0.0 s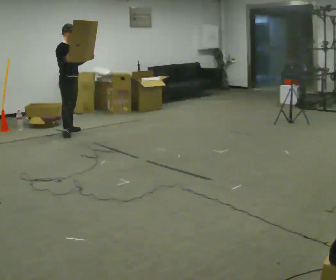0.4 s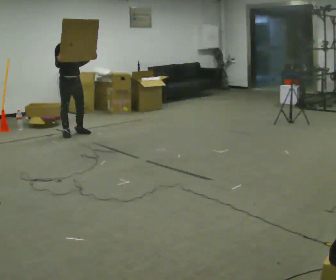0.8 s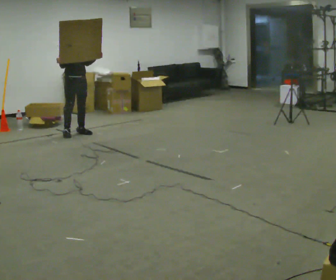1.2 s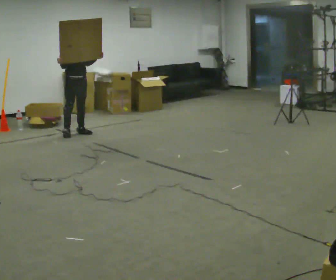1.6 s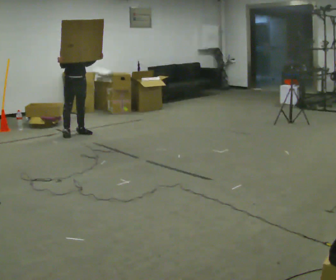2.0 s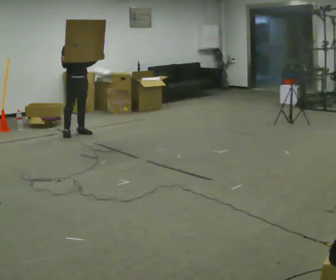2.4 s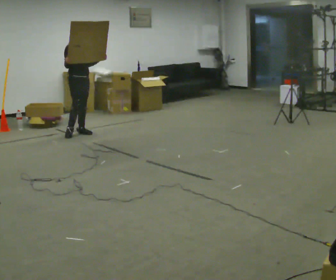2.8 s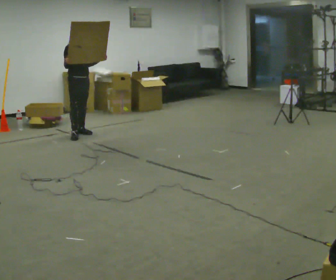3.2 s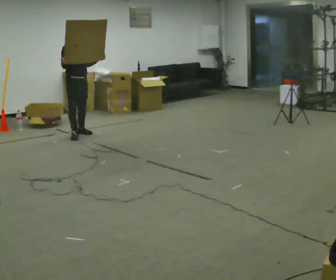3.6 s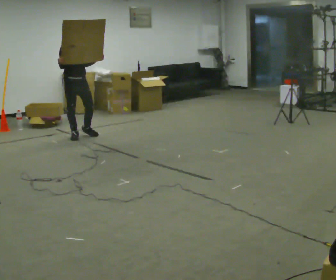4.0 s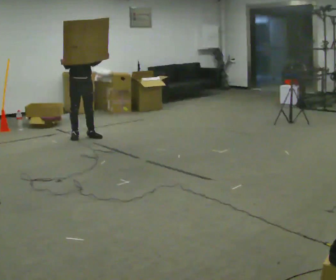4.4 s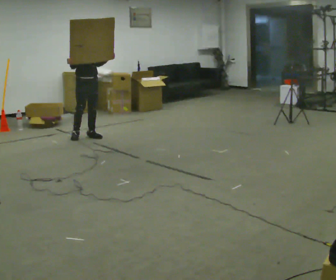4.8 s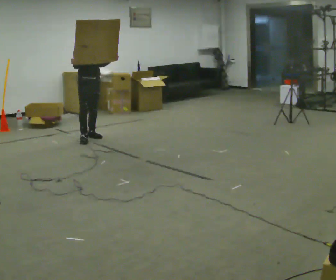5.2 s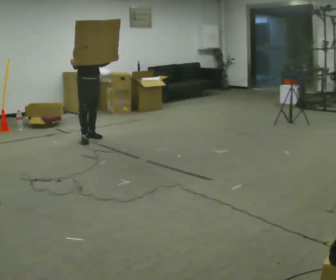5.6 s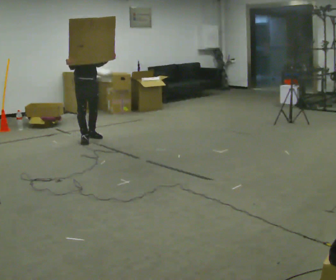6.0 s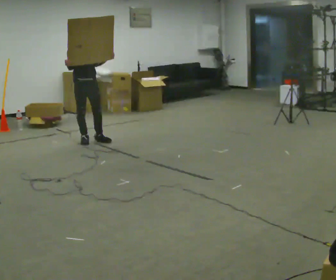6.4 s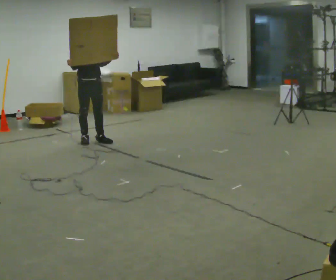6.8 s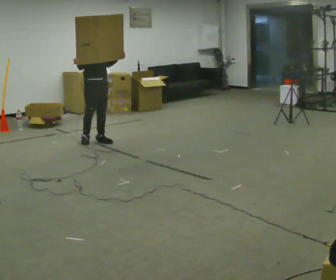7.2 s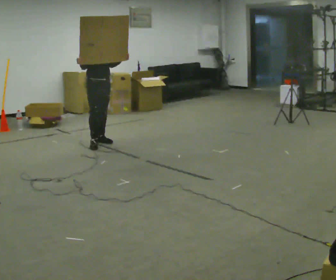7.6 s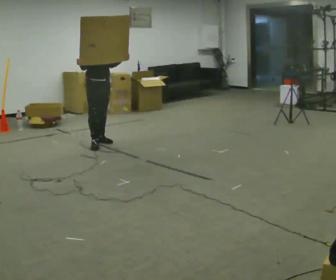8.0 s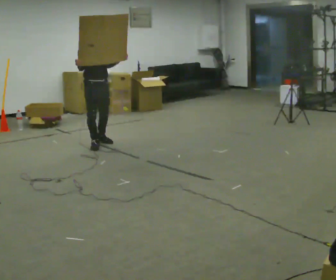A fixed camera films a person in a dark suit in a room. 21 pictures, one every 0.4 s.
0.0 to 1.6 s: The person turns about 30 degrees to their right, clockwise seen from above, so the part of the body nearest the lens slides to the left.
1.6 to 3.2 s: The person moves a little, or ends about where they began.
3.2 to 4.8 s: In the picture they go to the right, about 0.25 m in 1 step, which for them is forward and to their left.
4.8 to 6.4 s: In the picture they go toward the camera, about 0.25 m in 2 steps, which for them is forward.
6.4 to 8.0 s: In the picture they go toward the camera, about 0.25 m in 1 step, which for them is forward.
The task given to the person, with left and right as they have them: Carry the large light object across the room, back and forth. It is awkward rather than heavy, so hold it however works.
The film runs forward here.
